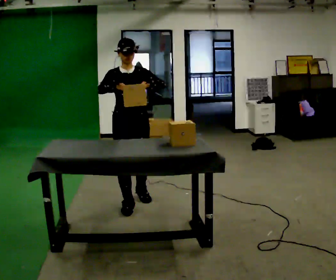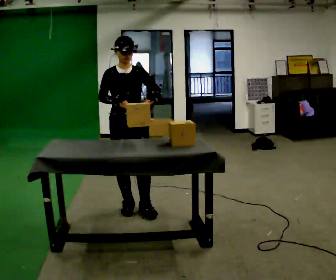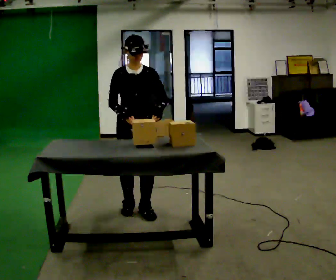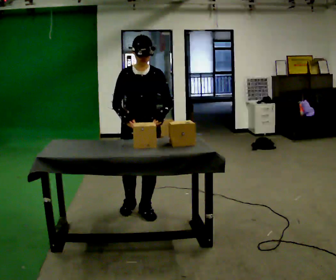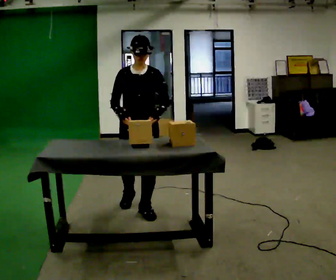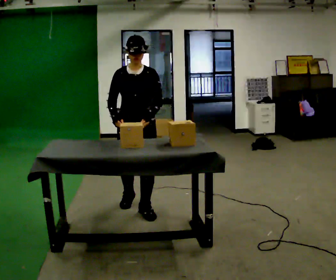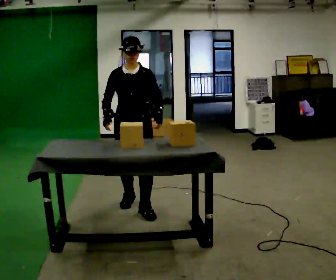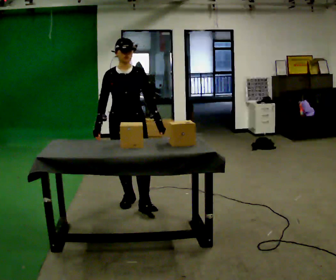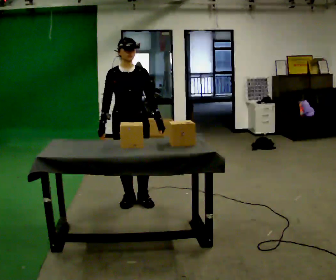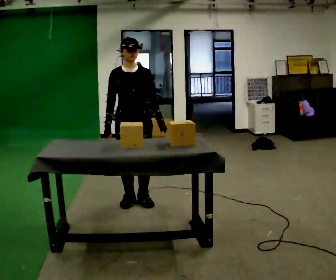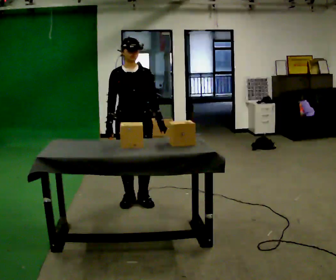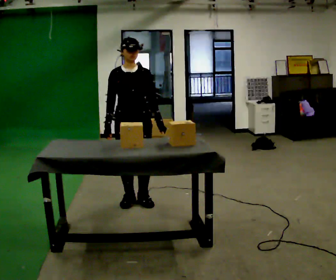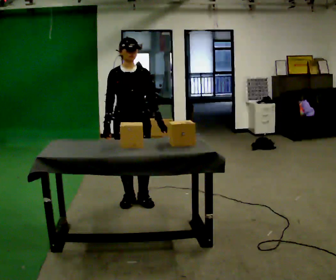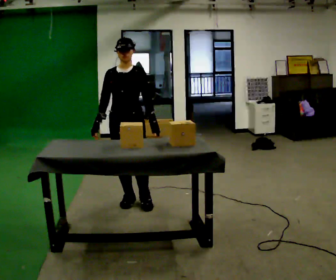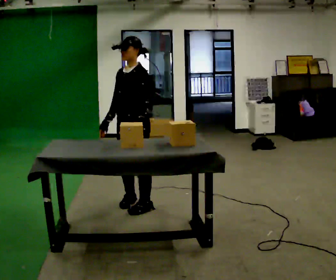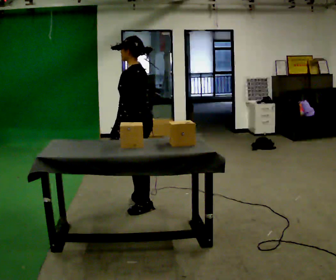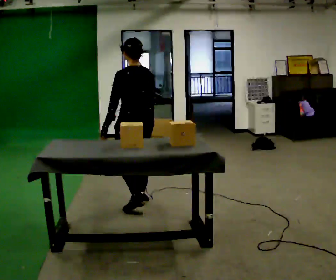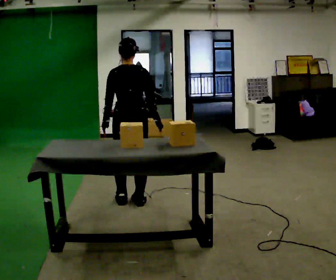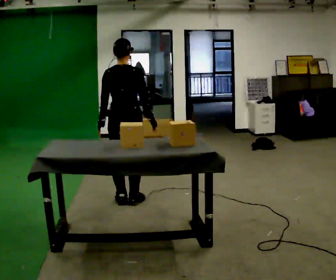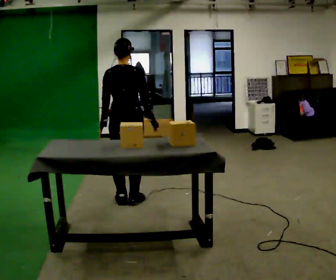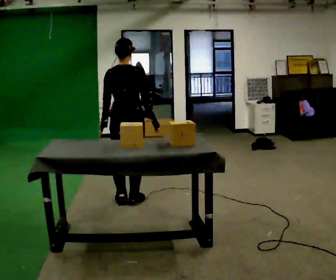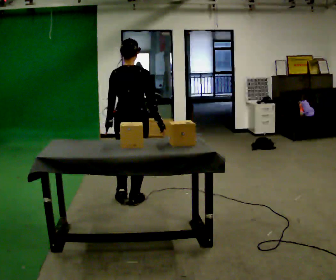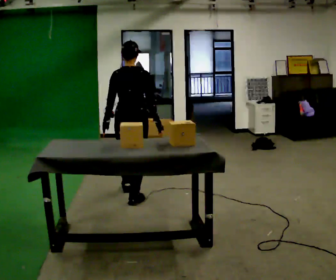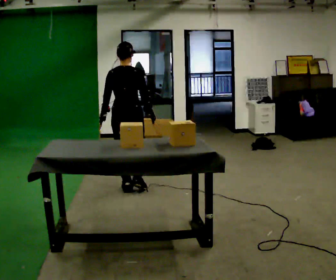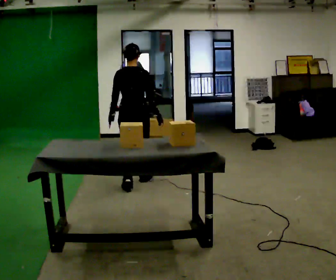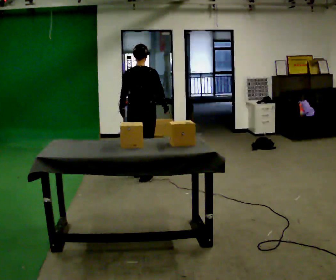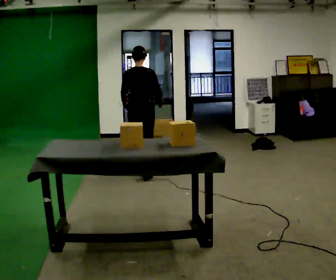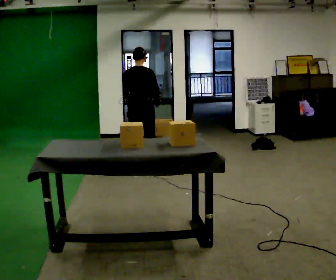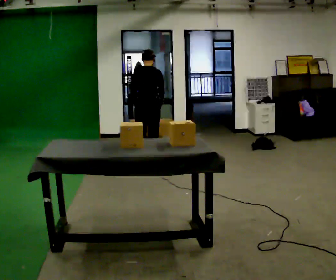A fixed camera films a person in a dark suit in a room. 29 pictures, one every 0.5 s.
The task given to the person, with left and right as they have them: The operator will name an object. Go and find it, bring it back, and hand it over. Then wait for the next one.
0.0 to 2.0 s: In the picture they go toward the camera, about 0.25 m in 1 step, which for them is forward.
2.0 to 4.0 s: In the picture they go away from the camera, about 0.25 m in 1 step, which for them is backward.
4.0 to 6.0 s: The person moves a little, or ends about where they began.
6.0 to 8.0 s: Seen from above the body turns clockwise, about 150 degrees: to their right, with its near side sliding to the left. In the picture their left hand goes to the left, the arm swinging clockwise.
8.0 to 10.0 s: The part of the body nearest the lens slides to the left as the person turns to their right by about 45 degrees.
10.0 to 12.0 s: In the picture they go away from the camera, about 0.5 m in 2 steps, which for them is forward.
12.0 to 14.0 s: In the picture they go away from the camera, about 1 m in 2 steps, which for them is forward. The upper body tips away from the camera, its near side rolling upward, as they bend forward.
The film runs forward here.
